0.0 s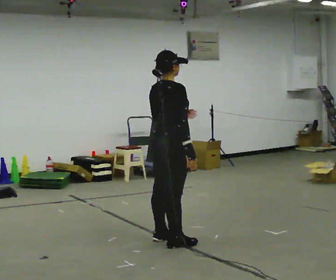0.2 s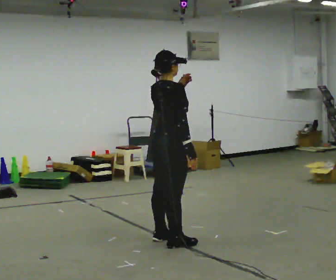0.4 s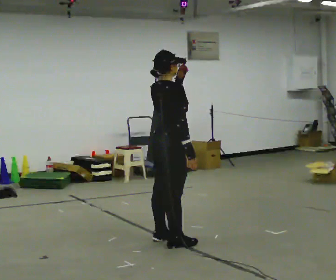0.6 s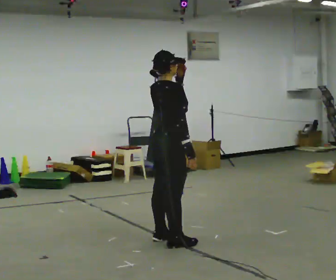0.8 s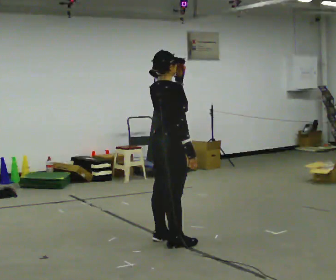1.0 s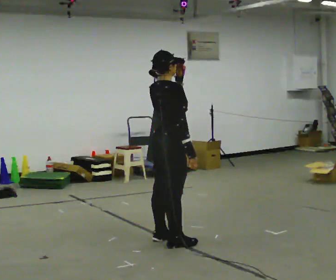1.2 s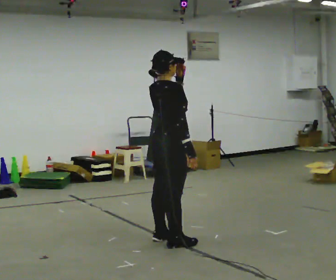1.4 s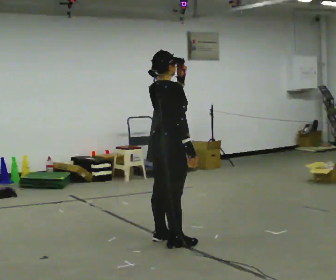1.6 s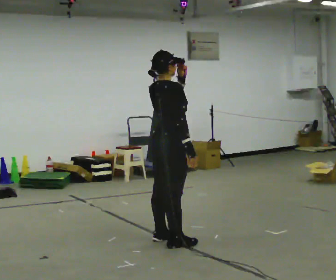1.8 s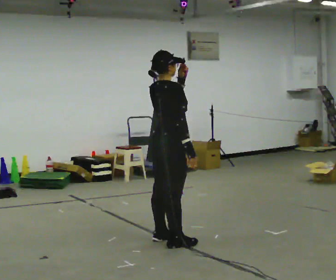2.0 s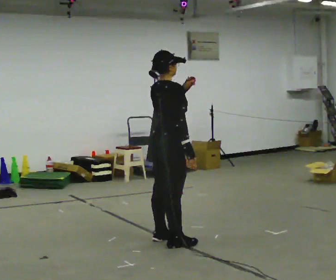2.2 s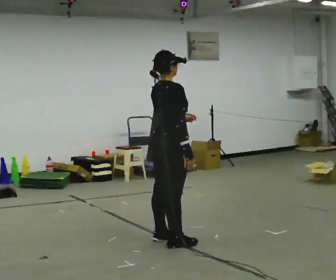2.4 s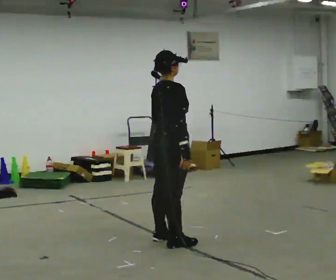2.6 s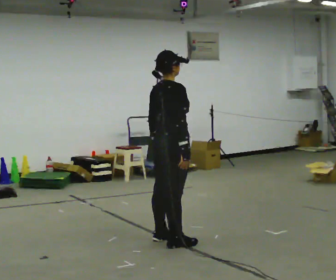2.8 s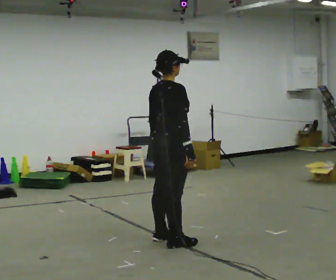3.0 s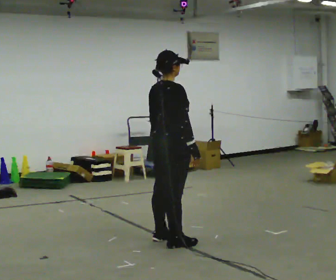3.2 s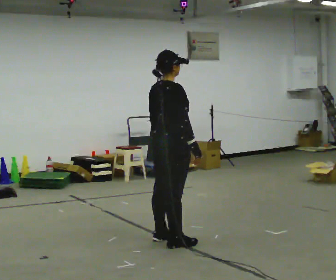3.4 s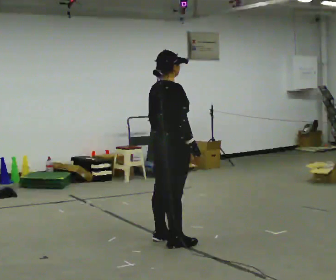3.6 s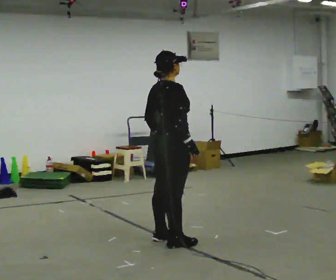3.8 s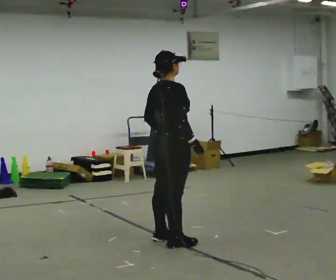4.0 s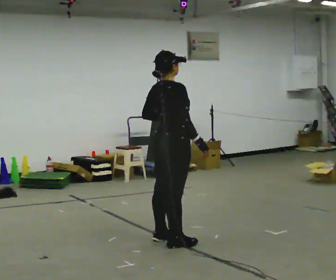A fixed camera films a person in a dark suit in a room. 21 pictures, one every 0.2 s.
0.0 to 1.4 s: The person moves a little, or ends about where they began.
1.4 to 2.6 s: In the picture their left hand goes downward.
2.6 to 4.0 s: The person moves a little, or ends about where they began.
The film runs forward here.
